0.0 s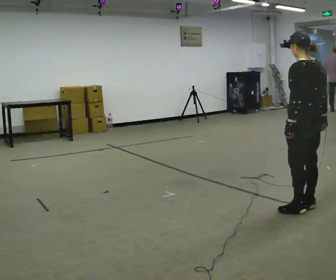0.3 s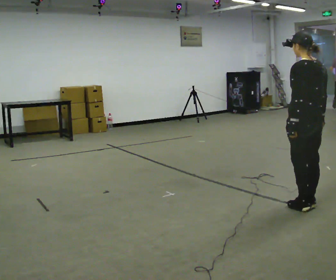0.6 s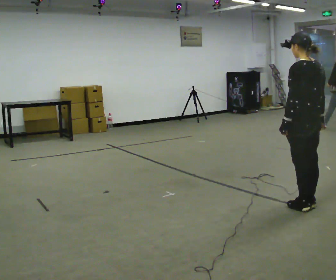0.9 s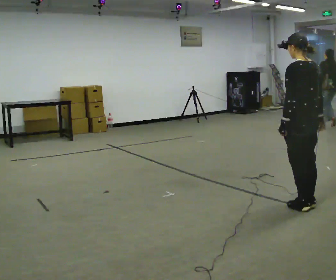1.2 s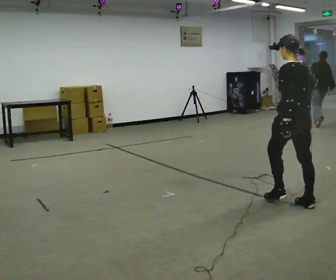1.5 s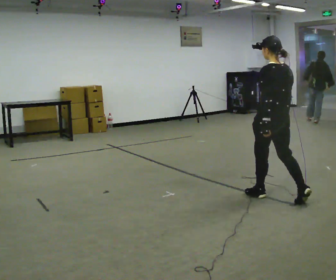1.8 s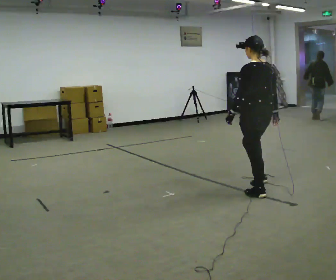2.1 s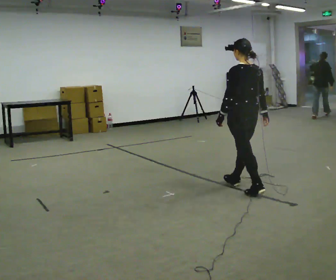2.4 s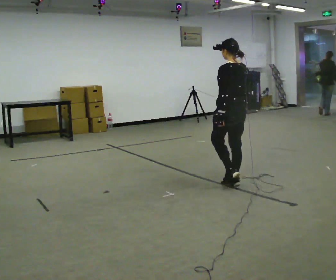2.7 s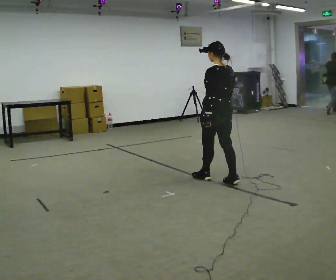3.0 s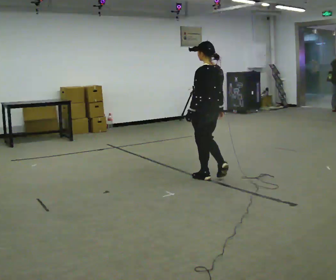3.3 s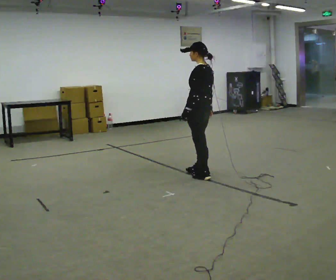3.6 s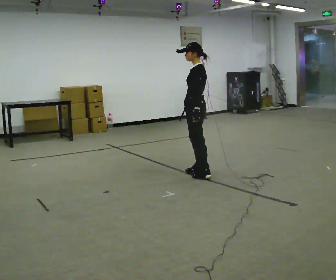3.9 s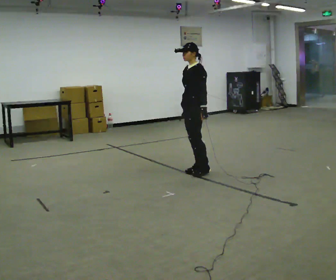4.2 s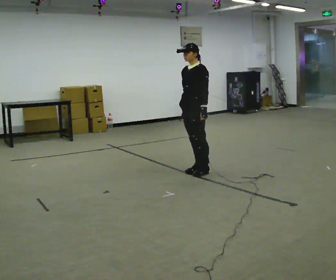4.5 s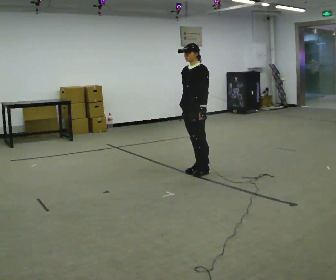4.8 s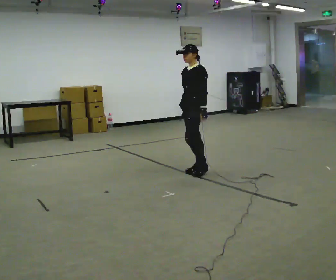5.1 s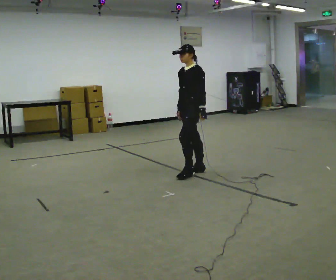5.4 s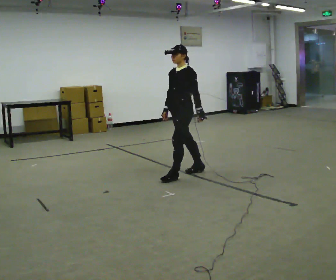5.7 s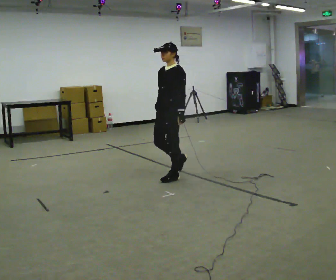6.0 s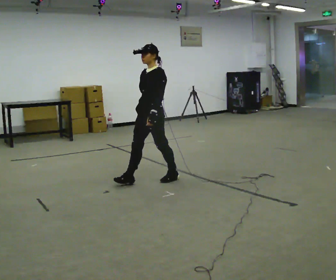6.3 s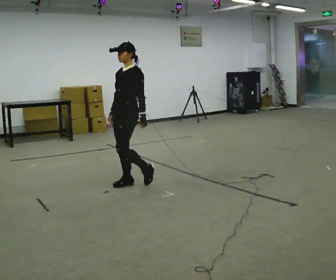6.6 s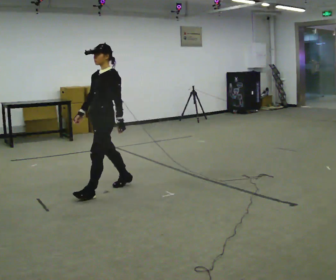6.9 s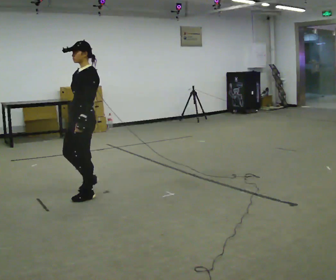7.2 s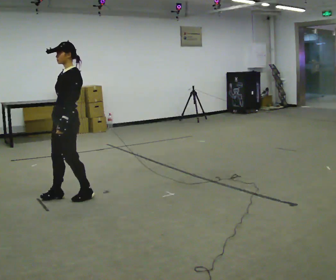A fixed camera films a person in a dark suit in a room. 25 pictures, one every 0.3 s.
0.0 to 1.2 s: In the picture they go away from the camera, about 0.25 m, which for them is forward.
1.2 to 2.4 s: In the picture they go away from the camera and to the left, about 1 m in 2 steps, which for them is forward.
2.4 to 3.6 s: The part of the body nearest the lens slides to the right as the person turns to their left by about 60 degrees. In the picture they go away from the camera and to the left, about 0.5 m in 2 steps, which for them is forward.
3.6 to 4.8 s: The part of the body nearest the lens slides to the right as the person turns to their left by about 30 degrees.
4.8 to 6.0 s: In the picture they go to the left and toward the camera, about 0.75 m in 1 step, which for them is forward.
6.0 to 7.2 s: In the picture they go to the left and toward the camera, about 1 m in 3 steps, which for them is forward.
The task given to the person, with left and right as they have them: Walk straight; turn 90° left/right while continuing to walk; continue.
The film runs forward here.
